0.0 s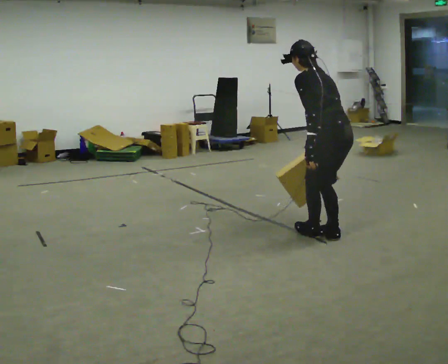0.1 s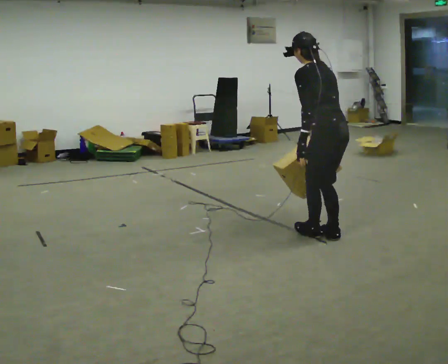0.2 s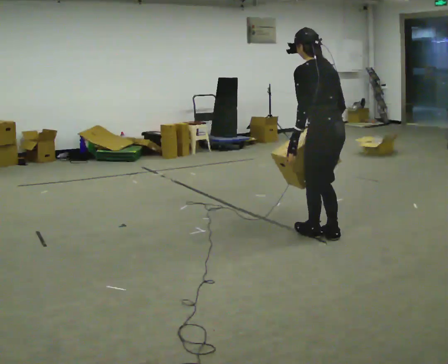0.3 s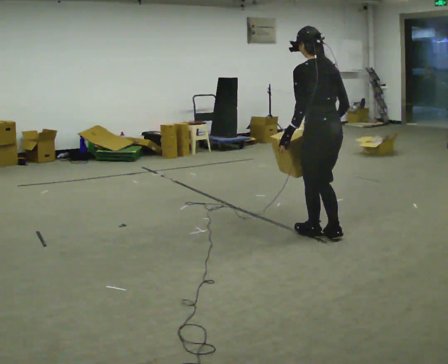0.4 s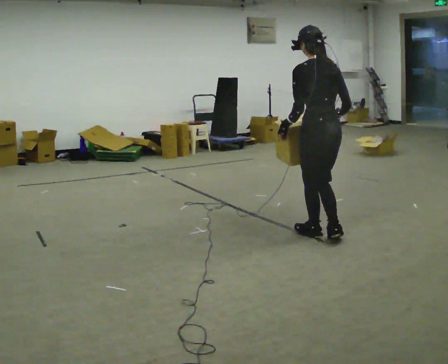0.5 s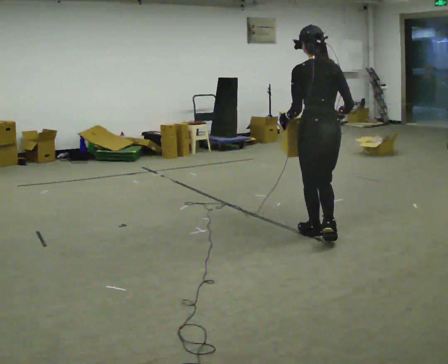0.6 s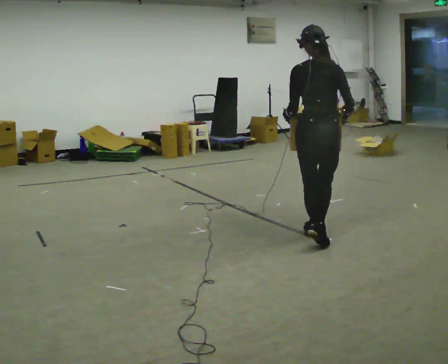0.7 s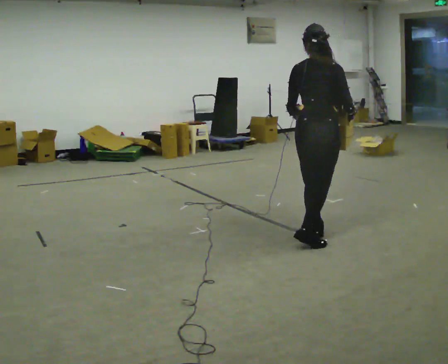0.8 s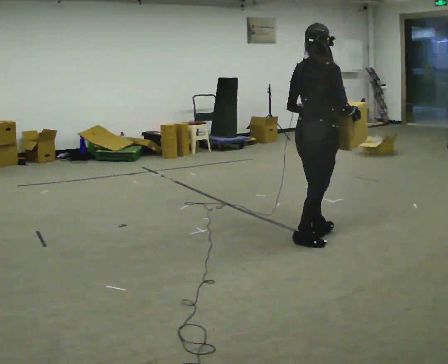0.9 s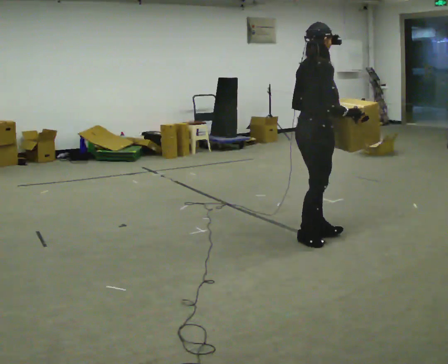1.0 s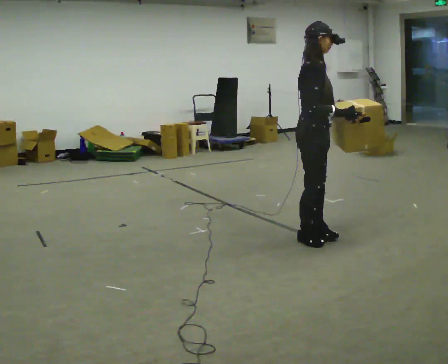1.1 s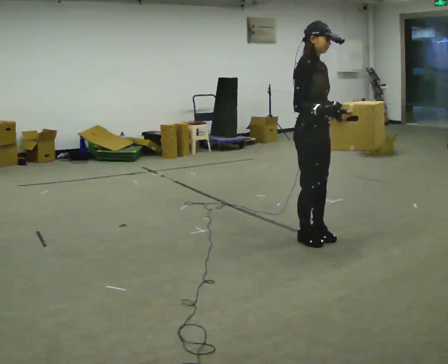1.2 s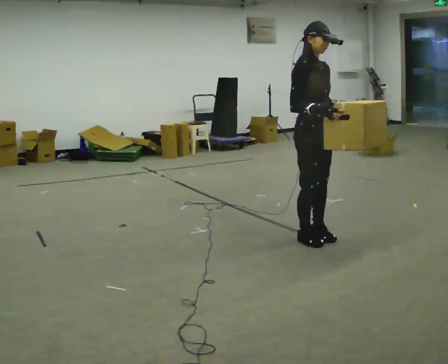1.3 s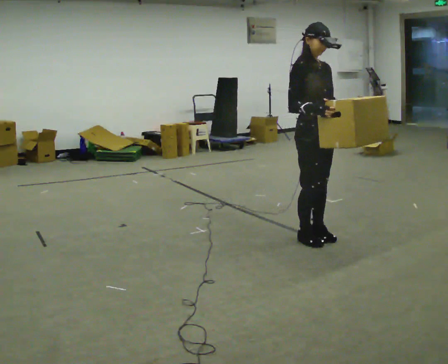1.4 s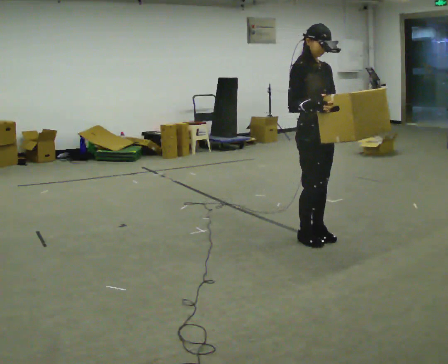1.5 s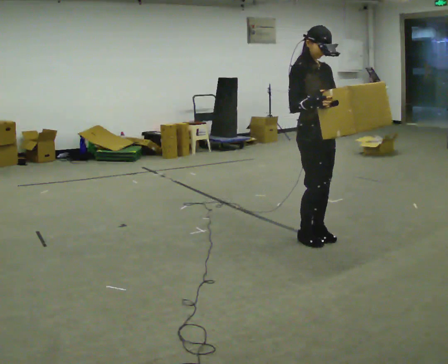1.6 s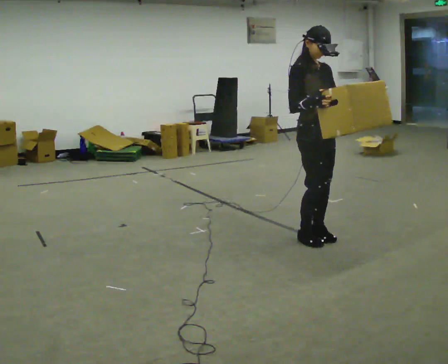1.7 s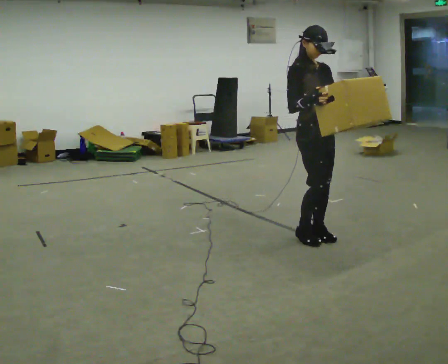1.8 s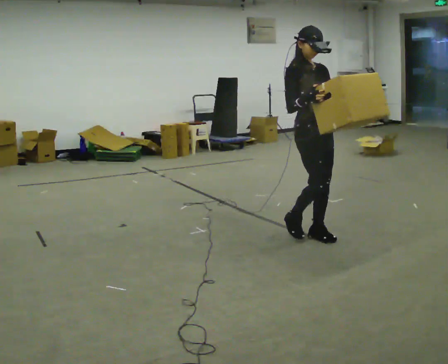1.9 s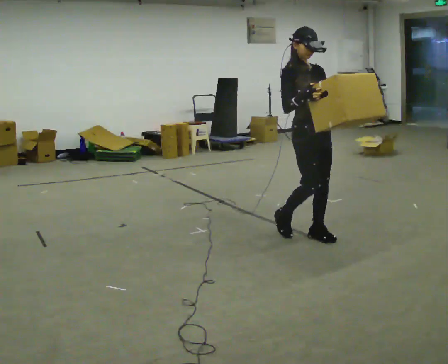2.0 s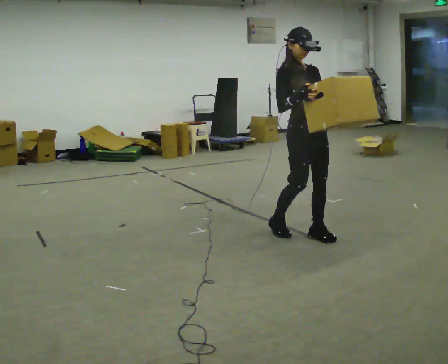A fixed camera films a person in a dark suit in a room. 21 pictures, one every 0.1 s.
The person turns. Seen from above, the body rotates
clockwise.
Their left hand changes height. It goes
upward.
0.0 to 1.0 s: The part of the body nearest the lens slides to the left as the person turns to their right by about 105 degrees. In the picture they go to the left, about 0.25 m in 1 step. The upper body goes upward. In the picture the upper body tilts clockwise, shoulders to the right, as they lean back or straighten. In the picture their left hand goes upward.
1.0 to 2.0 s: The person turns about 75 degrees to their right, clockwise seen from above, so the part of the body nearest the lens slides to the left. In the picture their left hand goes to the right, the arm swinging counterclockwise.
The film runs backward here.
